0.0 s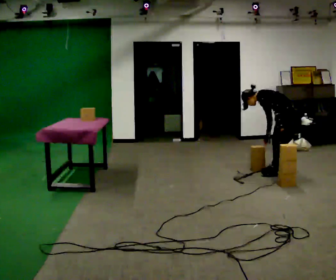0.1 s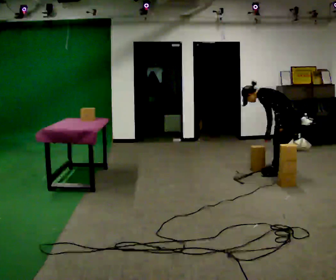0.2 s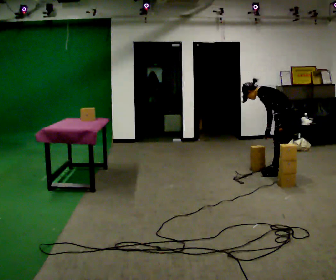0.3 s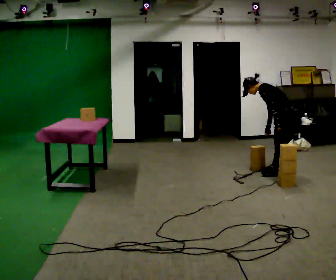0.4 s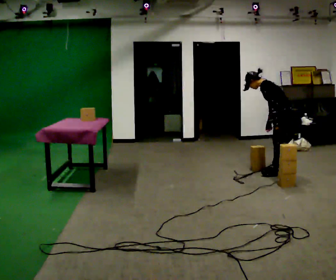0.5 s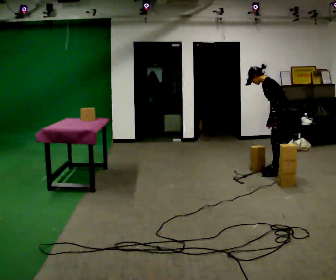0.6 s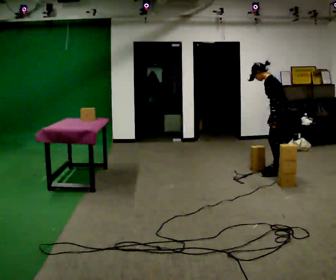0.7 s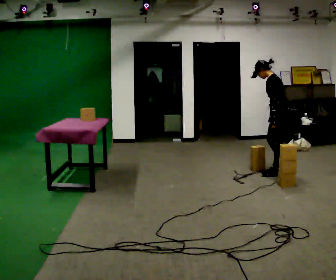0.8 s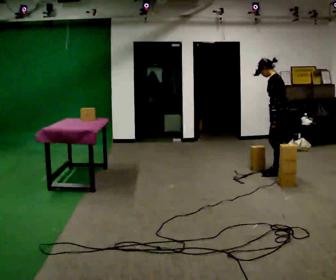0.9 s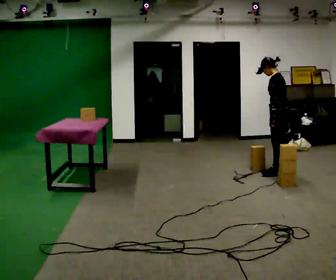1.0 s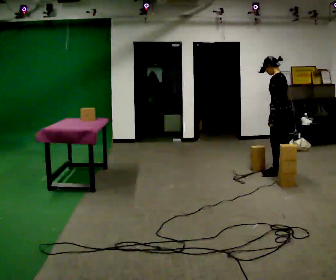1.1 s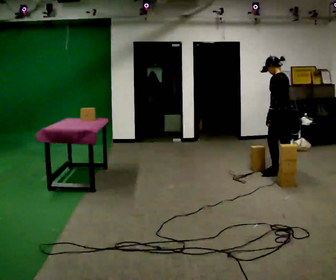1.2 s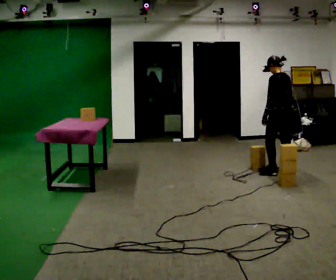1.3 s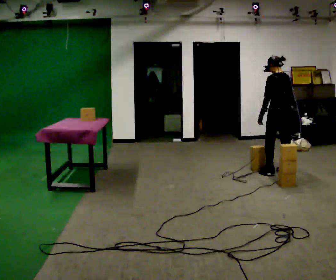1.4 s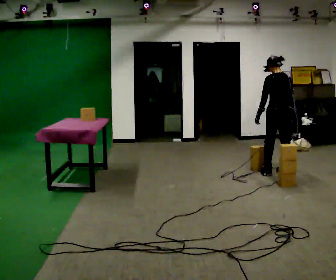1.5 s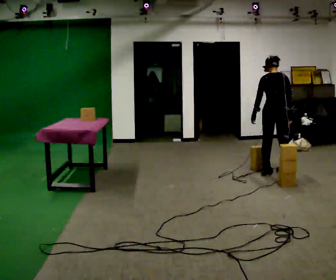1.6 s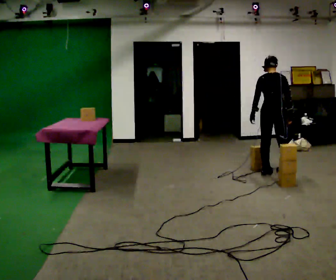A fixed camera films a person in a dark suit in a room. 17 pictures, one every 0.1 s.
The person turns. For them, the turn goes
to their right.
Their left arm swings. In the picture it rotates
clockwise.
0.0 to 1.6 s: Seen from above the body turns clockwise, about 90 degrees: to their right, with its near side sliding to the left. In the picture they go to the left, about 0.25 m in 2 steps. The shoulders move upward. In the picture the upper body tilts clockwise, shoulders to the right, as they lean back or straighten. In the picture their left hand goes to the left, the arm swinging clockwise.
The film runs backward here.
